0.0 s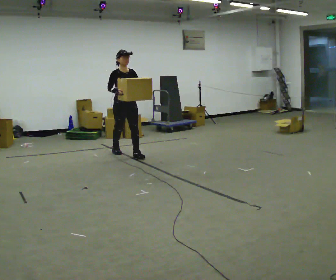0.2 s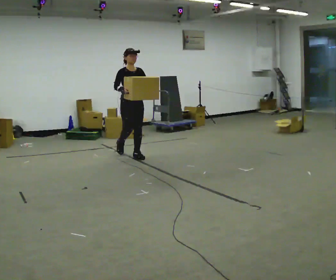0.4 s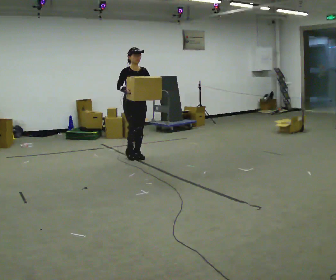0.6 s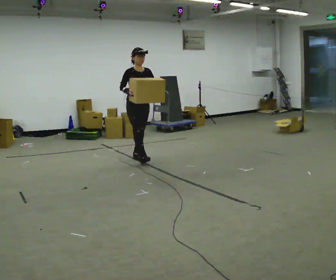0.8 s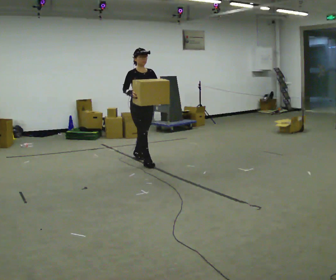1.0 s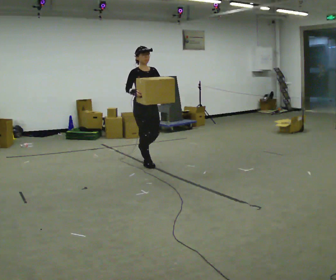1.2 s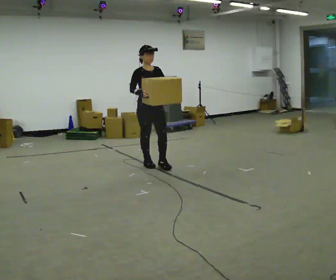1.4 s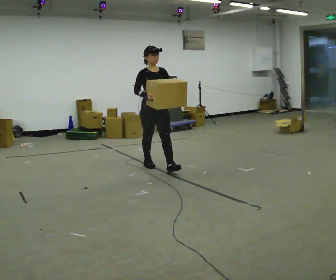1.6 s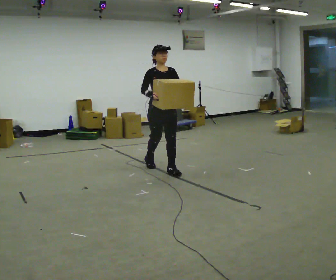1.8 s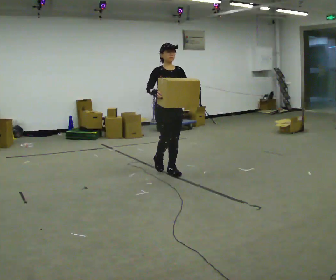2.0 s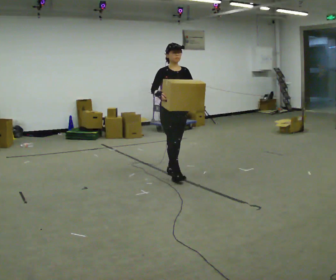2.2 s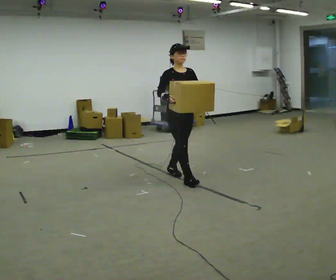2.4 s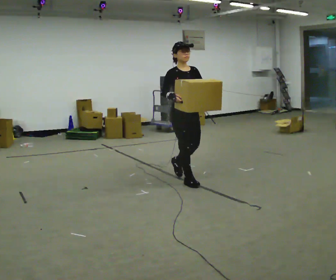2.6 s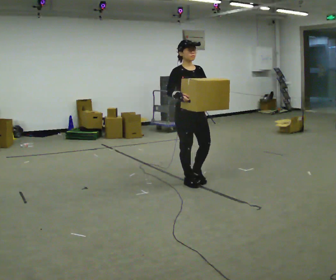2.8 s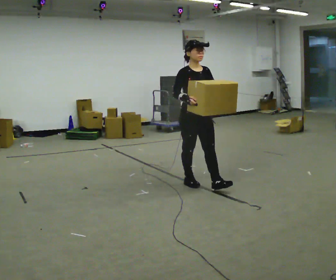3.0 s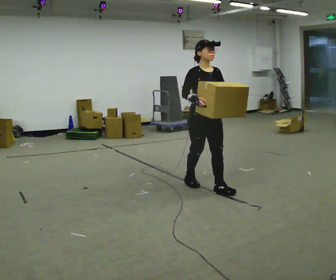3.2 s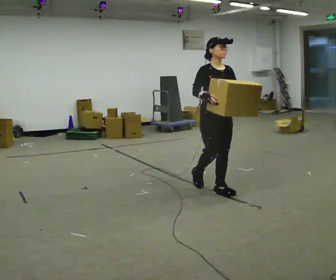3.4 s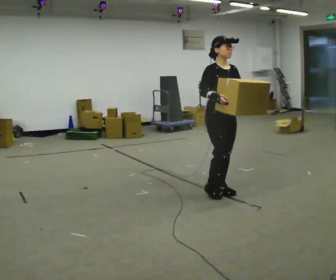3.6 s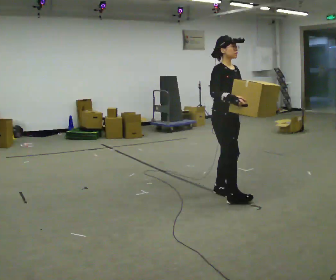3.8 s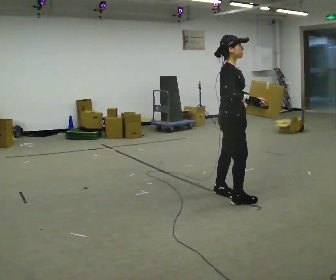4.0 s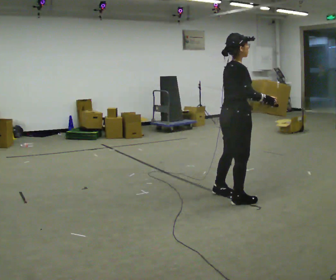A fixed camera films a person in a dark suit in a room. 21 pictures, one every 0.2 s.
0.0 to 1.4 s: In the picture they go toward the camera and to the right, about 1 m in 1 step, which for them is forward.
1.4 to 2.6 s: In the picture they go toward the camera and to the right, about 1 m in 2 steps, which for them is forward.
2.6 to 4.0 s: The part of the body nearest the lens slides to the right as the person turns to their left by about 75 degrees. In the picture they go toward the camera and to the right, about 0.5 m in 2 steps.
The film runs forward here.
